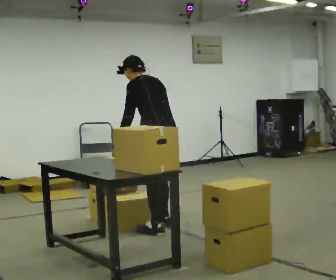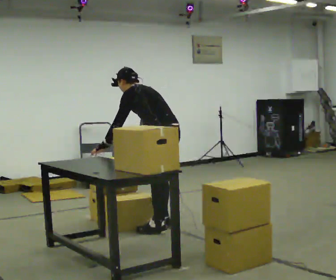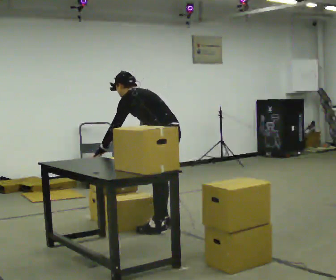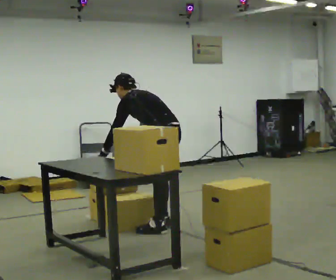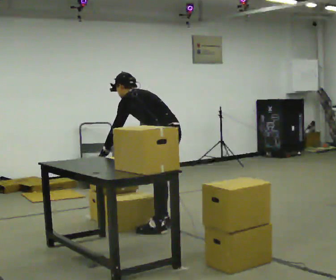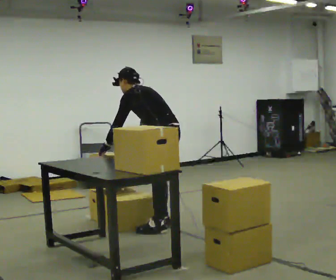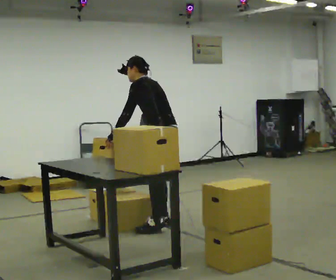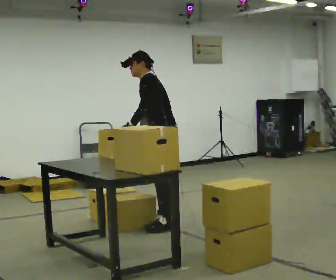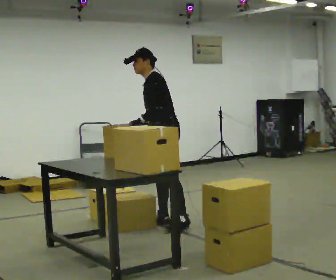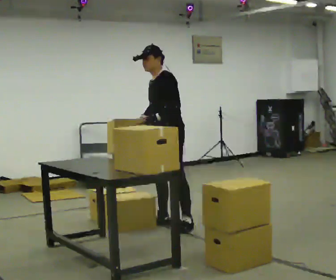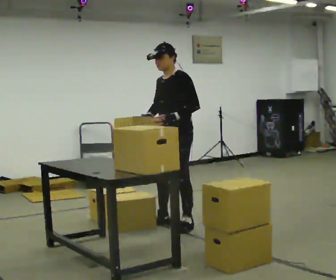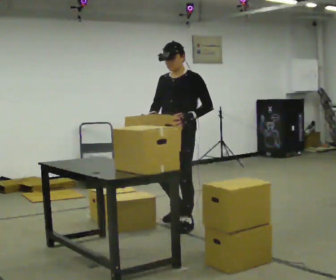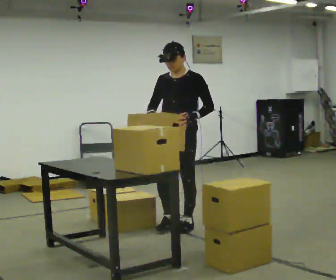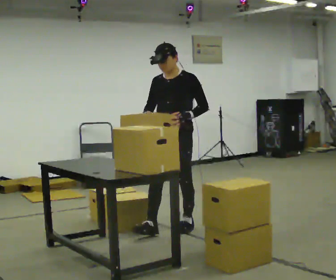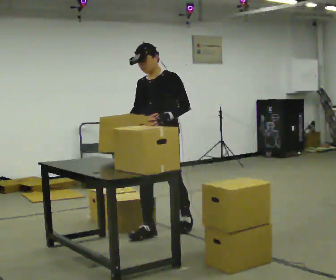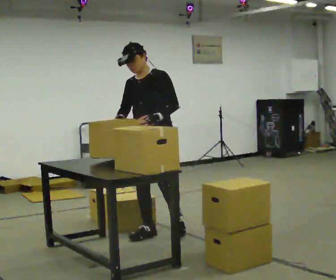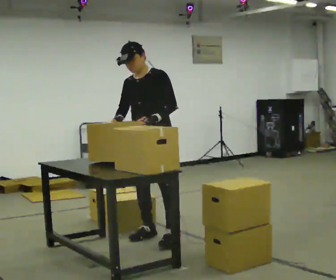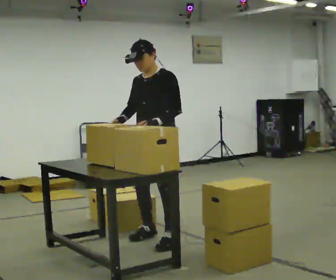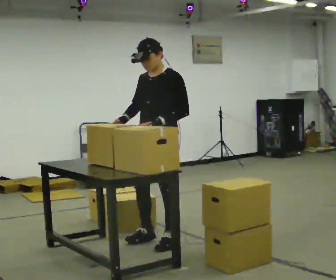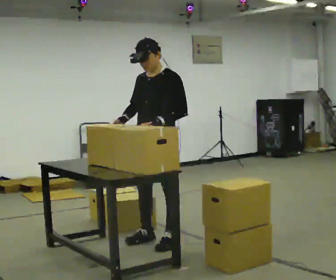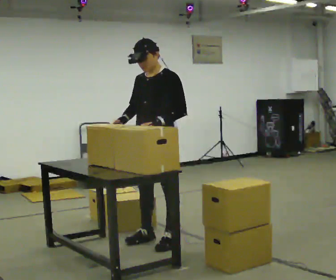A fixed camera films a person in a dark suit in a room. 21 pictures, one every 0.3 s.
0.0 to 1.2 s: In the picture the upper body tilts counterclockwise, shoulders to the left, as they bend forward.
1.2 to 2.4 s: Seen from above the body turns counterclockwise, about 30 degrees: to their left, with its near side sliding to the right. The shoulders move upward. In the picture the upper body tilts clockwise, shoulders to the right, as they lean back or straighten. In the picture their left hand goes to the right.
2.4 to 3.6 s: The person turns about 60 degrees to their left, counterclockwise seen from above, so the part of the body nearest the lens slides to the right. In the picture they go toward the camera, about 0.25 m in 2 steps, which for them is to their left. In the picture the upper body tilts clockwise, shoulders to the right, as they lean back or straighten.
3.6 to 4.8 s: In the picture they go toward the camera and to the left, about 0.25 m in 1 step, which for them is forward.
4.8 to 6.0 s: In the picture they go toward the camera, about 0.25 m in 2 steps, which for them is to their left.
The film runs forward here.
